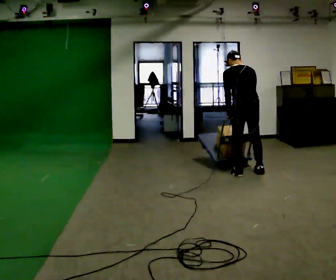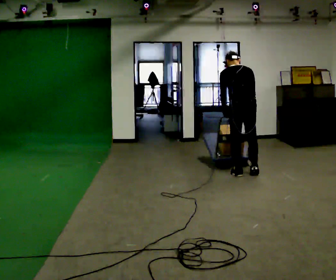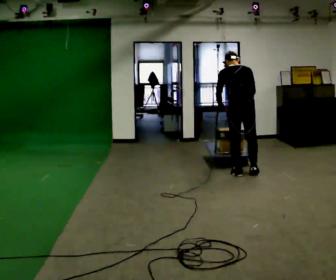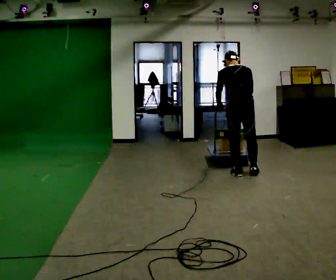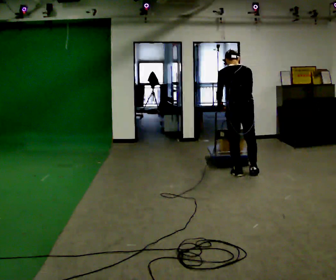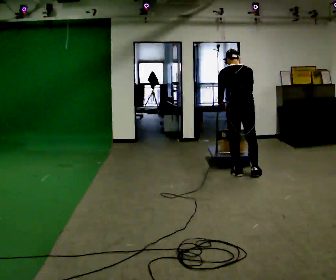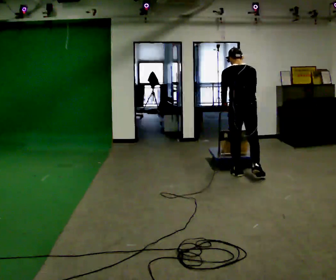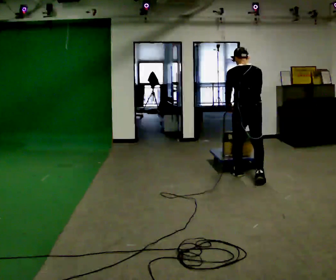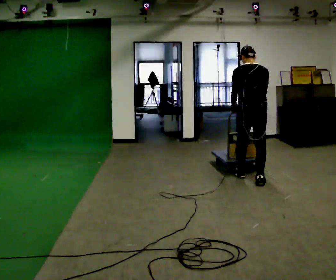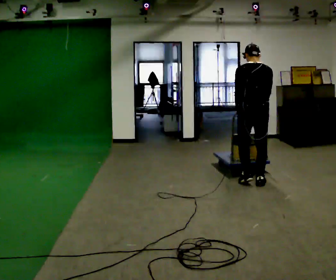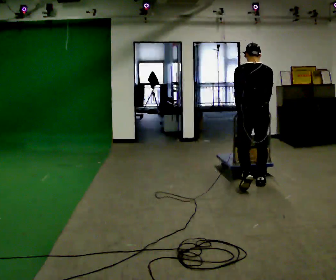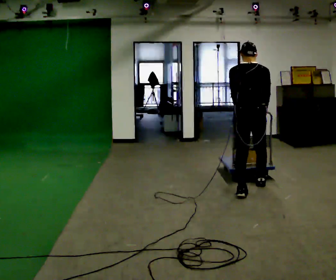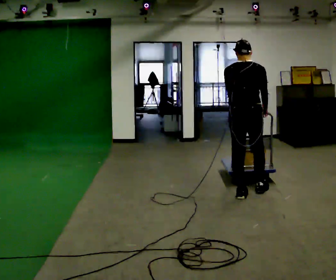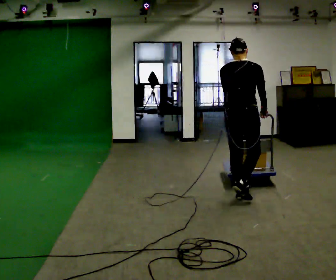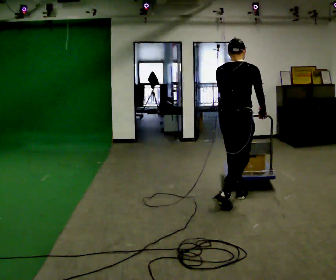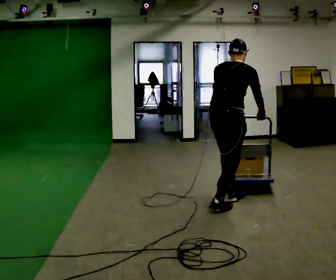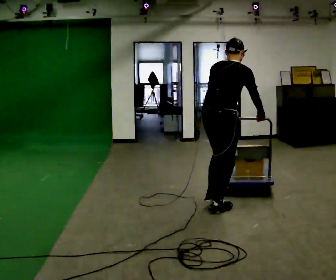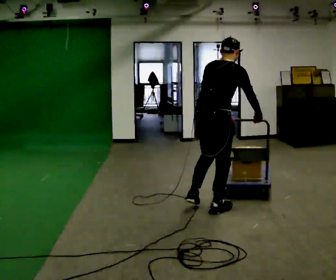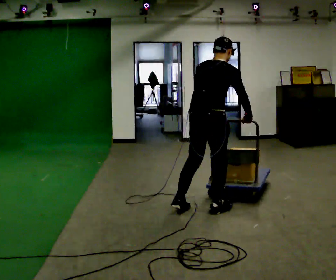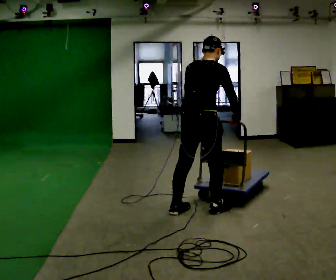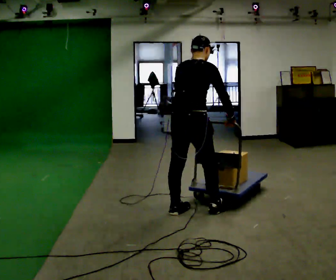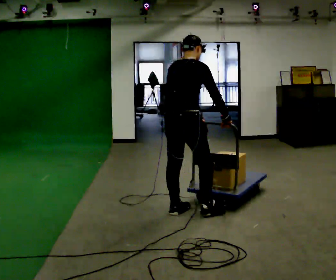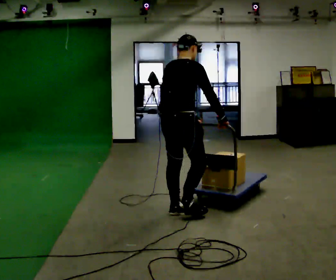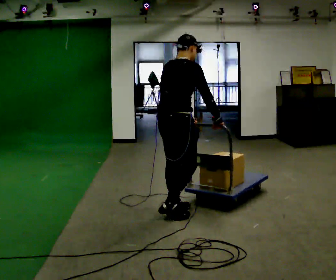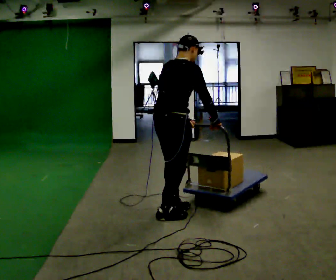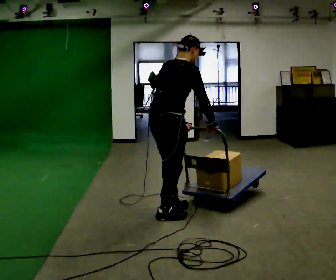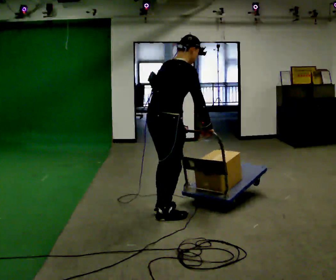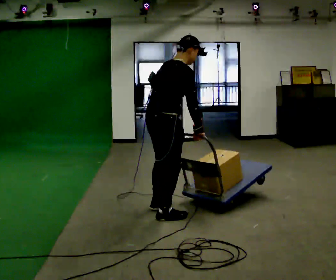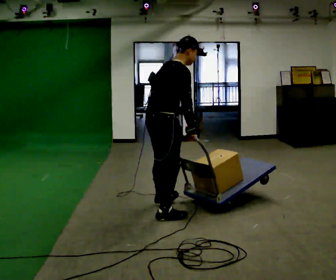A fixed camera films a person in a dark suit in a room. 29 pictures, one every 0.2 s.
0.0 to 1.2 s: The person moves a little, or ends about where they began.
1.2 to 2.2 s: In the picture they go toward the camera, about 0.5 m in 1 step, which for them is backward.
2.2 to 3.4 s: The person turns about 30 degrees to their right, clockwise seen from above, so the part of the body nearest the lens slides to the left. In the picture they go toward the camera and to the left, about 1 m in 2 steps, which for them is backward. In the picture the upper body tilts clockwise, shoulders to the right.
3.4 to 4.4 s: In the picture they go to the left, about 0.25 m in 1 step, which for them is backward and to their left.
4.4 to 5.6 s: The person moves a little, or ends about where they began.
The film runs backward here.
